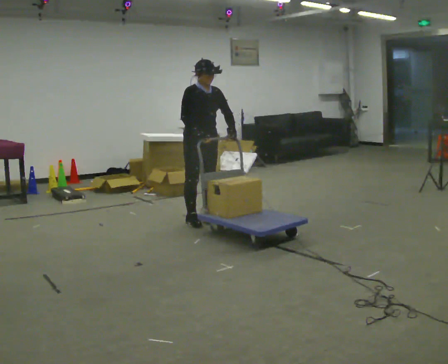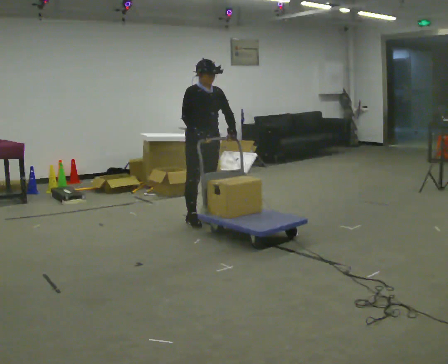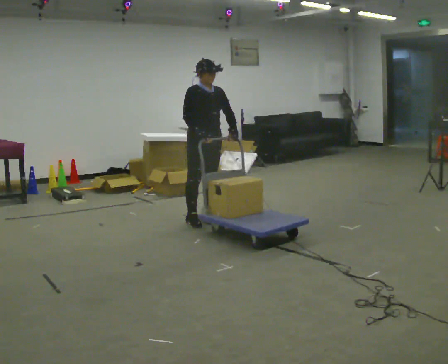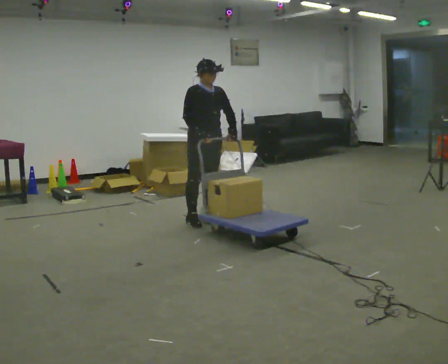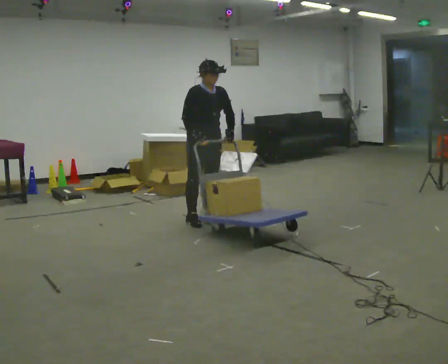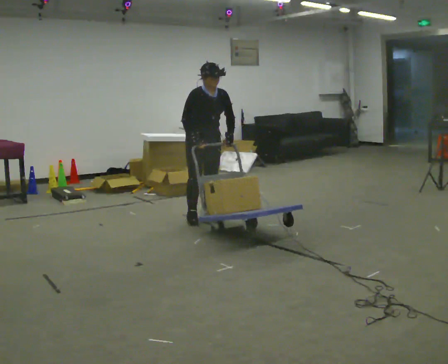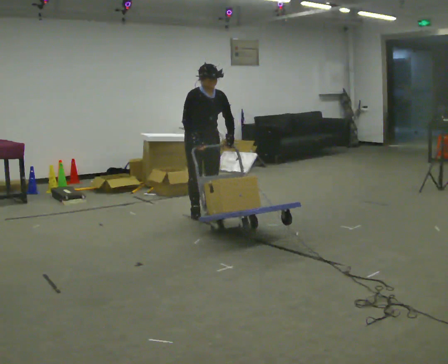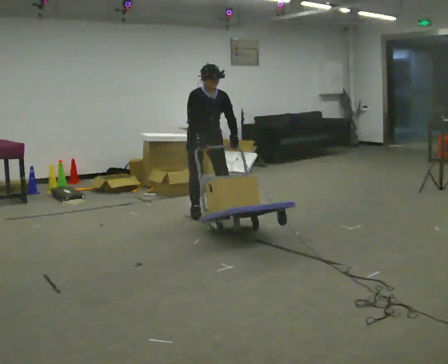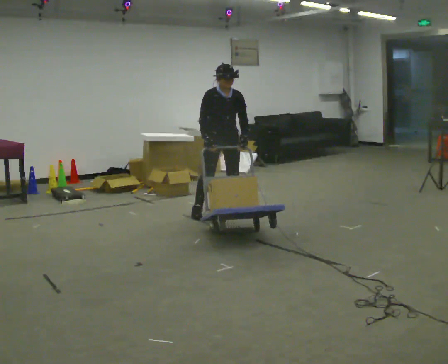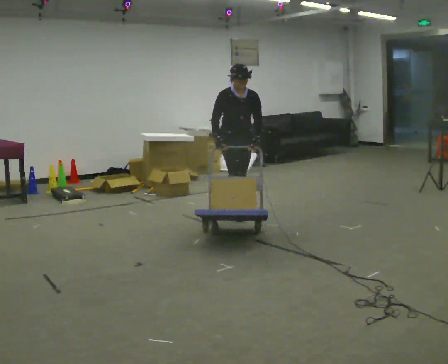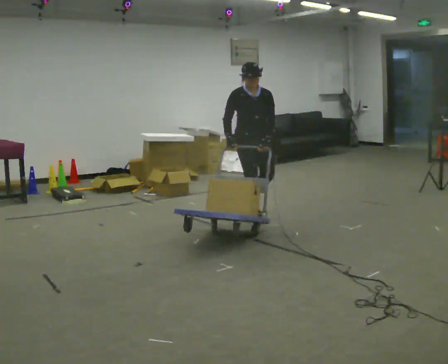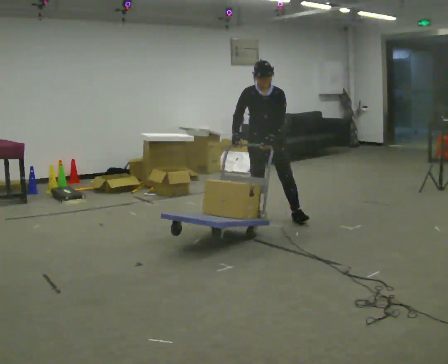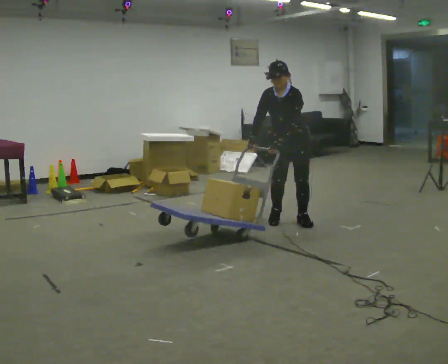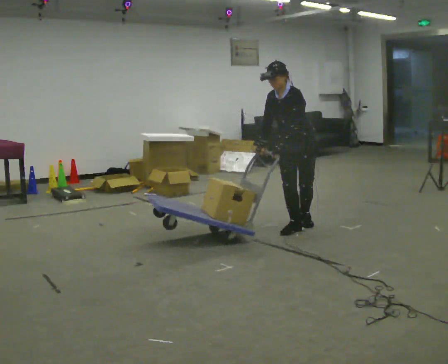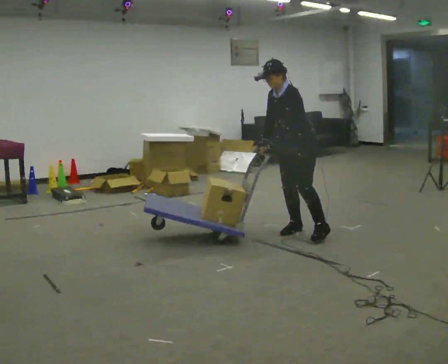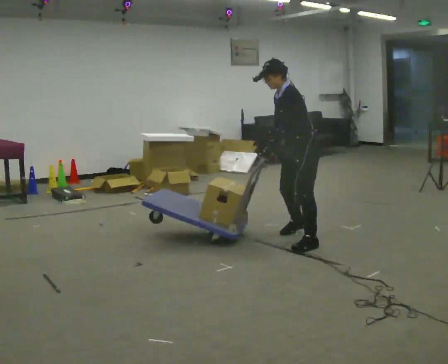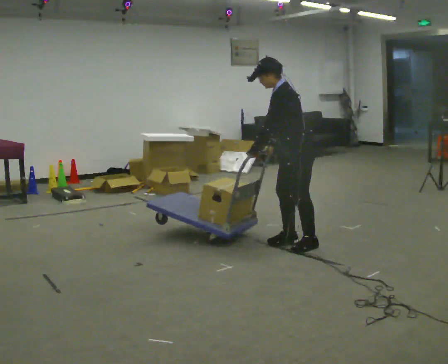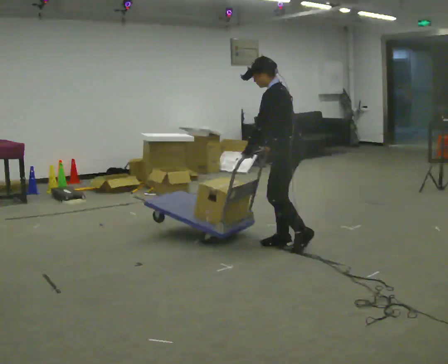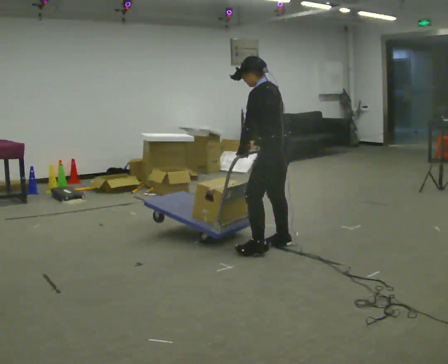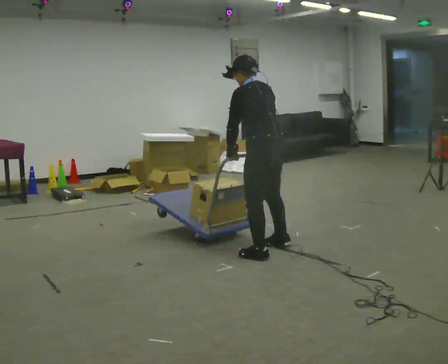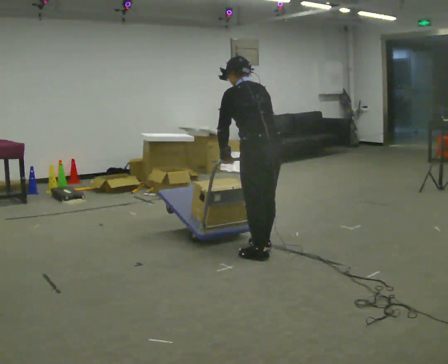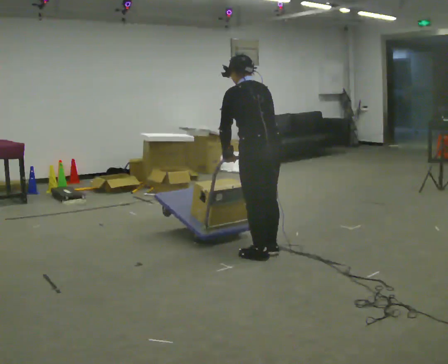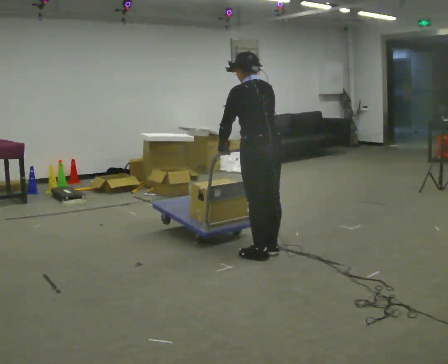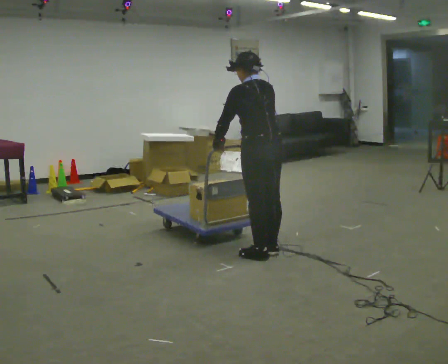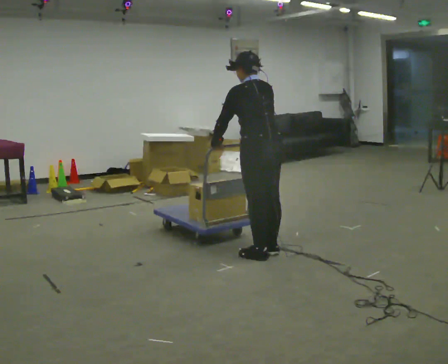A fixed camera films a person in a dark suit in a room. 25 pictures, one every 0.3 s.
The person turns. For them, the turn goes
to their right.
The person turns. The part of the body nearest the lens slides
to the left.
0.0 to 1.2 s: The person moves a little, or ends about where they began.
1.2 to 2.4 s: In the picture they go away from the camera, about 0.25 m in 2 steps, which for them is to their left and backward.
2.4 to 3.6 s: The person turns about 45 degrees to their right, clockwise seen from above, so the part of the body nearest the lens slides to the left. In the picture they go to the right and toward the camera, about 1 m in 2 steps, which for them is forward and to their left. In the picture the upper body tilts counterclockwise, shoulders to the left.
3.6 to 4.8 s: The person turns about 60 degrees to their right, clockwise seen from above, so the part of the body nearest the lens slides to the left. In the picture they go toward the camera, about 0.75 m in 2 steps.
4.8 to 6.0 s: The part of the body nearest the lens slides to the left as the person turns to their right by about 45 degrees. In the picture they go toward the camera and to the left, about 0.5 m in 2 steps, which for them is to their left and forward.
6.0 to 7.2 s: The person moves a little, or ends about where they began.
The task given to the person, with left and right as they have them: Turn the cart round to face the other way without moving it out of the marked square, then turn it back. Repeat until the operator says stop.
The film runs forward here.
